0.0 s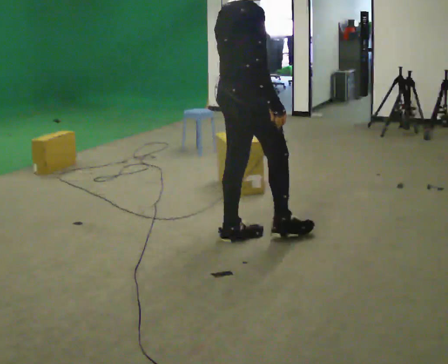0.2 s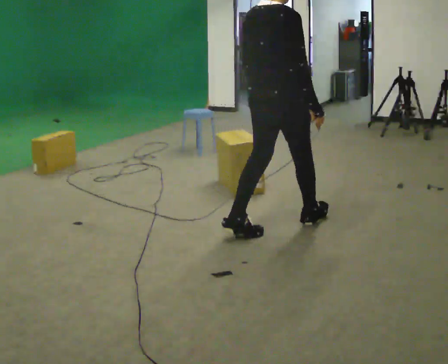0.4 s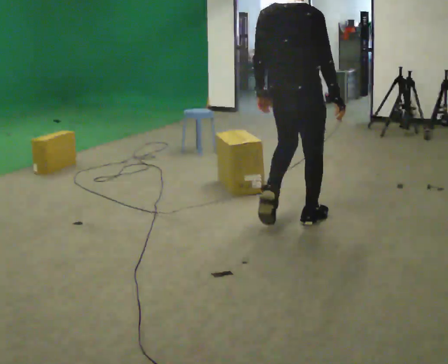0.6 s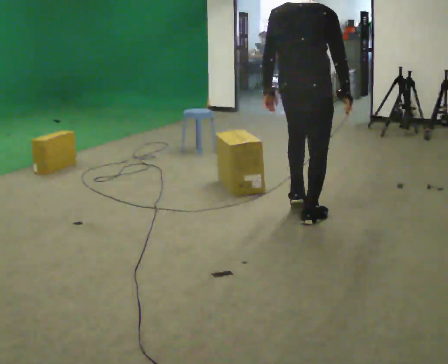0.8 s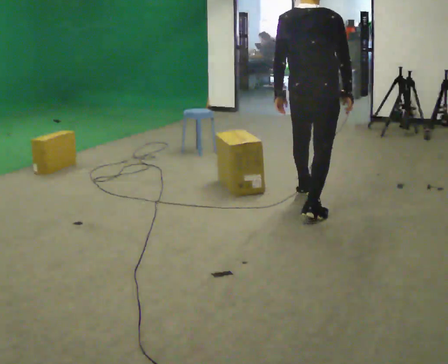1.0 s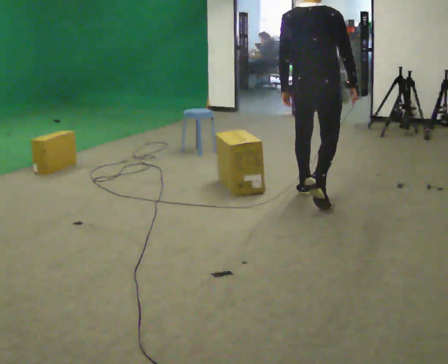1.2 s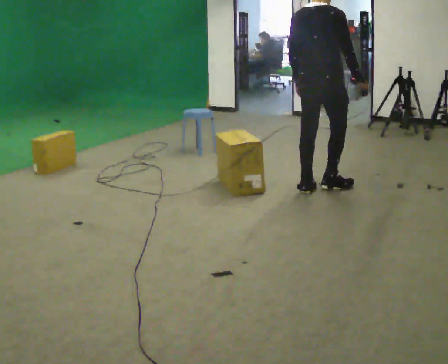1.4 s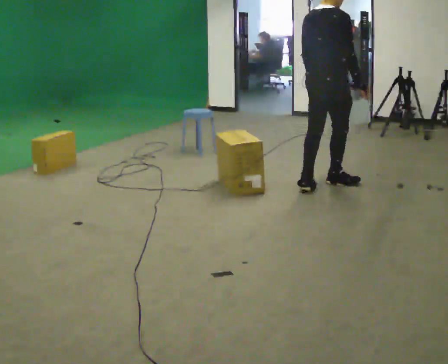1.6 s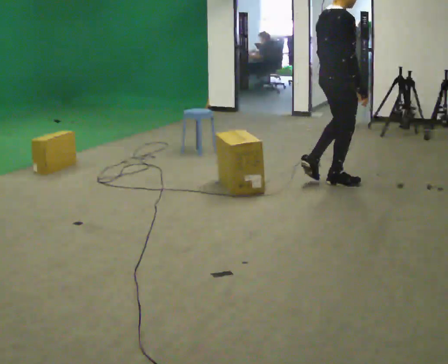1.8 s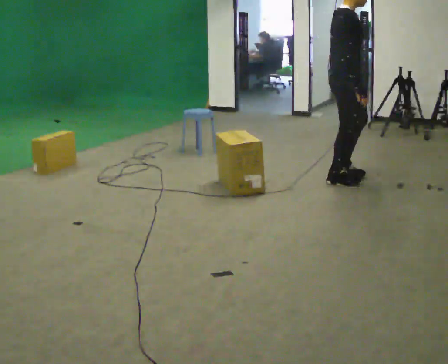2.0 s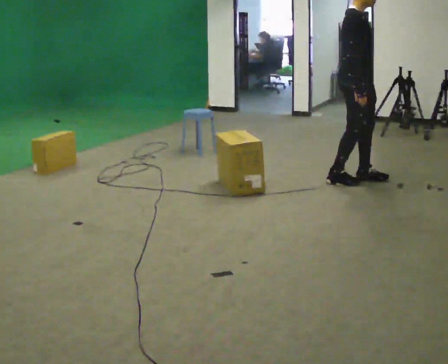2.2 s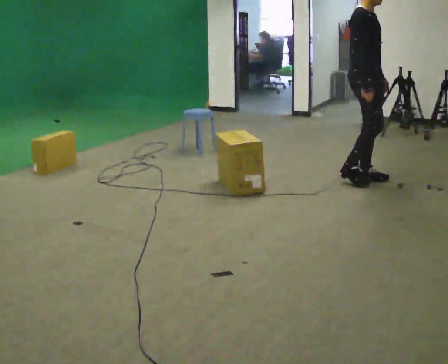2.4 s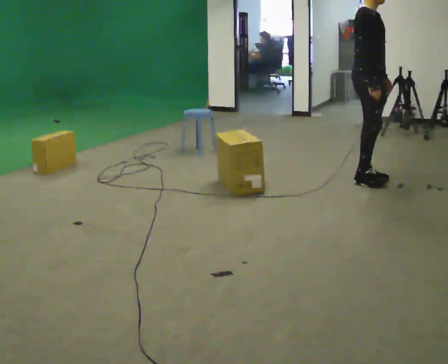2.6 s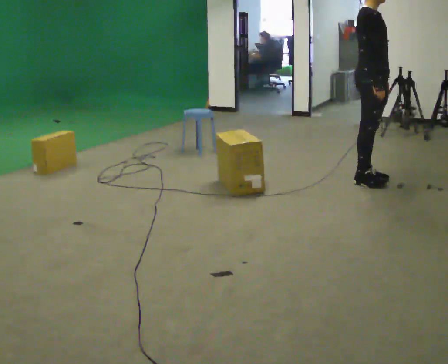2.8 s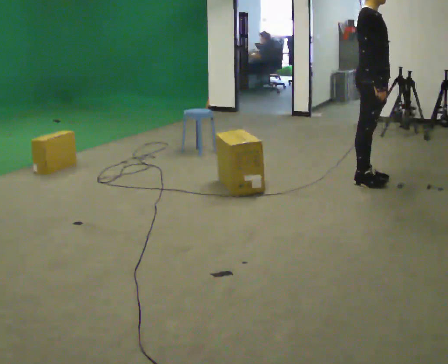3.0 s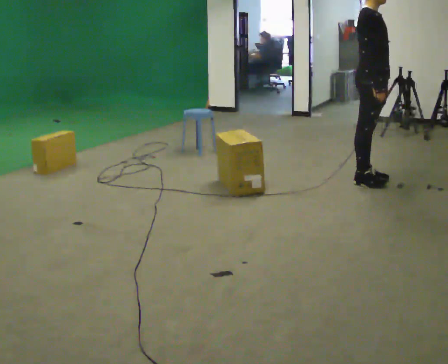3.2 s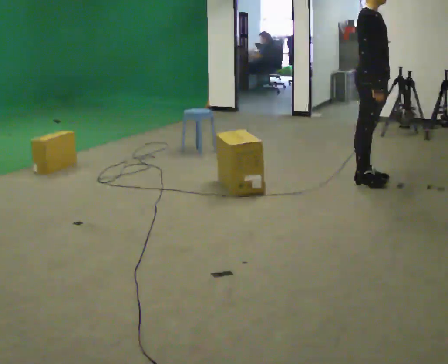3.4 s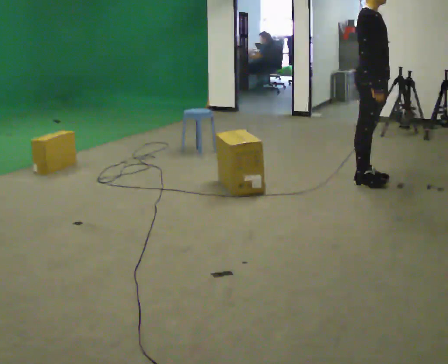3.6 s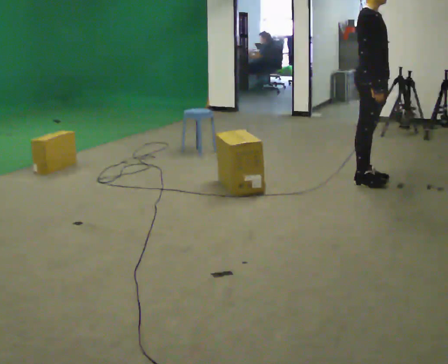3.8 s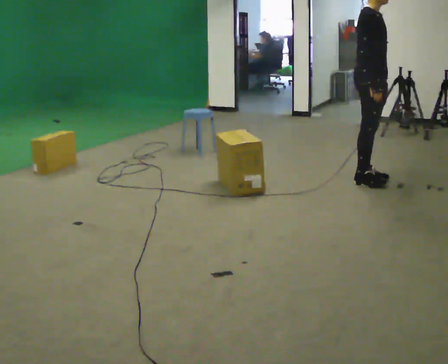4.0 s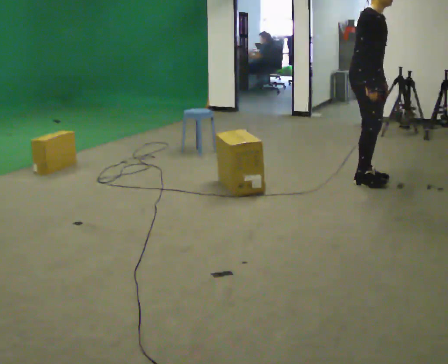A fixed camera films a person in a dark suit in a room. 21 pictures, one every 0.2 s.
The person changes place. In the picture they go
away from the camera.
0.0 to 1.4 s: In the picture they go away from the camera and to the right, about 1 m in 3 steps, which for them is forward.
1.4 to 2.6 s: The person turns about 60 degrees to their right, clockwise seen from above, so the part of the body nearest the lens slides to the left. In the picture they go to the right and away from the camera, about 0.5 m in 2 steps.
2.6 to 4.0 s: The person moves a little, or ends about where they began.
The film runs forward here.
